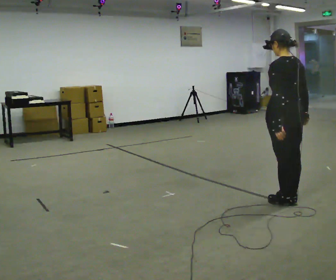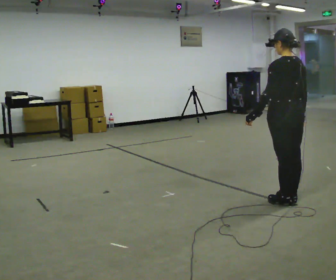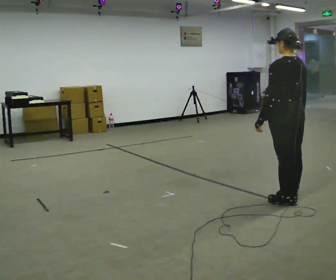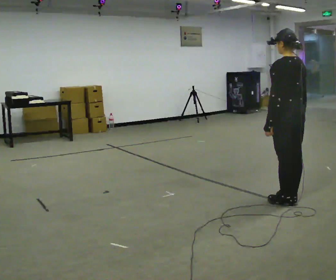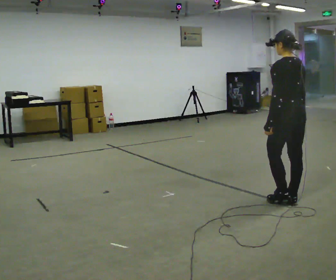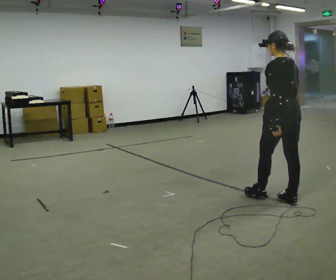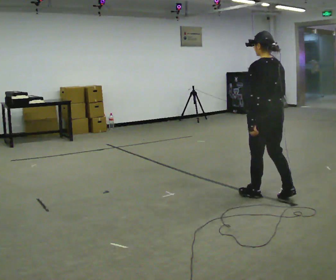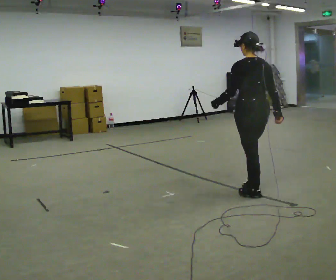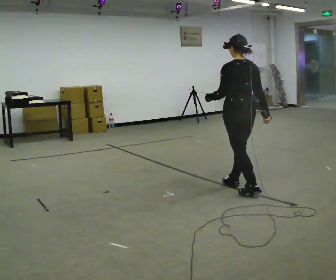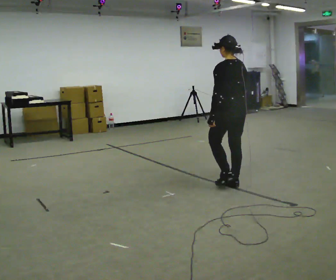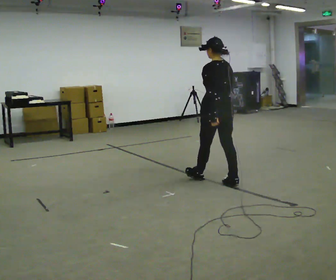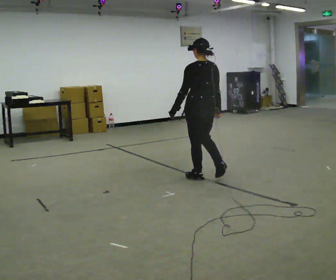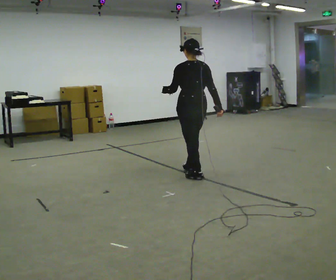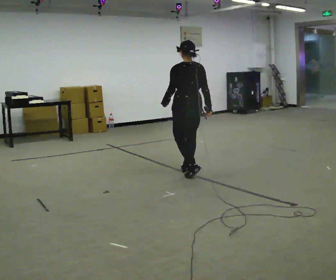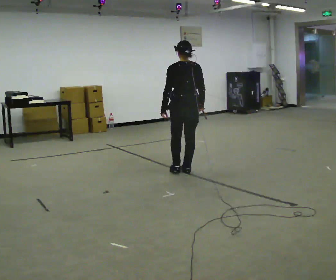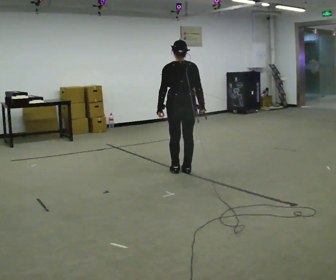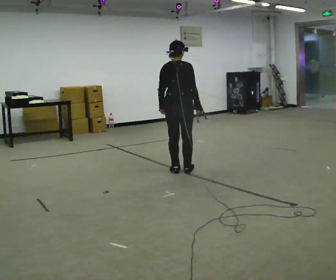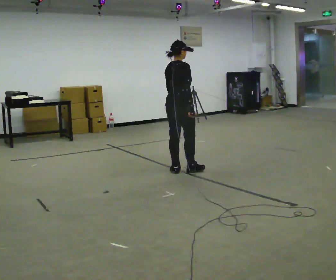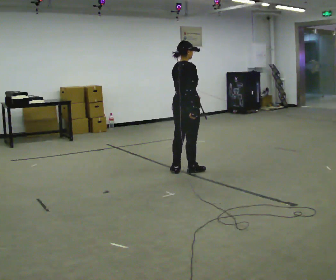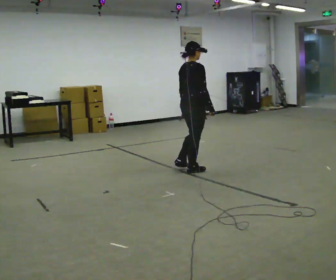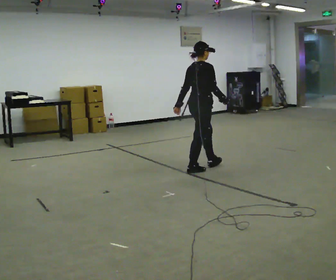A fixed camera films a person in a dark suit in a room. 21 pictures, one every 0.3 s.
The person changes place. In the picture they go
away from the camera.
The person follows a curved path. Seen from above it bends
clockwise.
0.0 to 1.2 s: The person moves a little, or ends about where they began.
1.2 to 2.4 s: In the picture they go to the left and away from the camera, about 0.5 m in 2 steps, which for them is forward.
2.4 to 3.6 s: In the picture they go away from the camera and to the left, about 0.5 m in 1 step, which for them is forward.
3.6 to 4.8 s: Seen from above the body turns clockwise, about 60 degrees: to their right, with its near side sliding to the left. In the picture they go to the left and away from the camera, about 0.25 m in 2 steps, which for them is forward and to their left.
4.8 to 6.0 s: Seen from above the body turns clockwise, about 30 degrees: to their right, with its near side sliding to the left. In the picture they go to the right, about 0.25 m, which for them is forward.
The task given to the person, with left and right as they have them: Walk straight; turn 90° left/right while continuing to walk; continue.
The film runs forward here.
